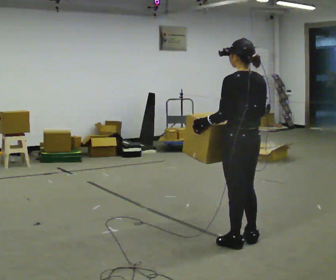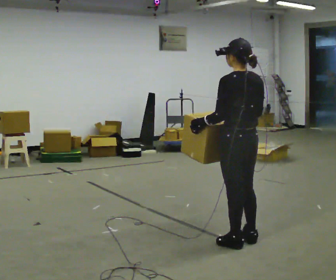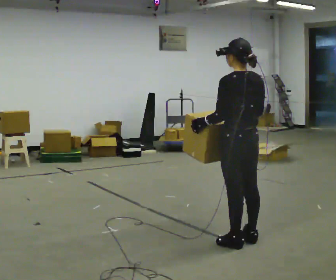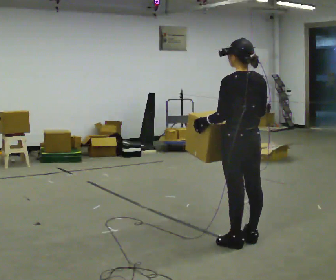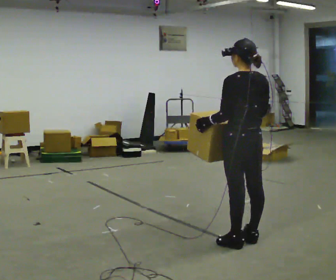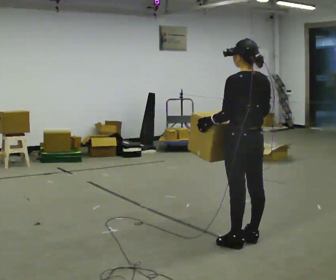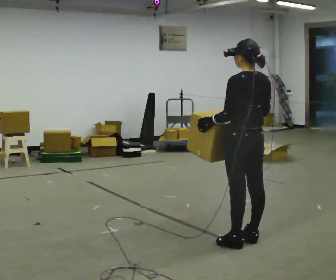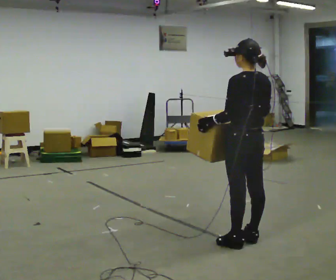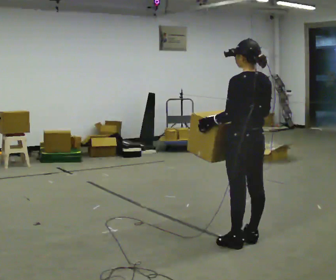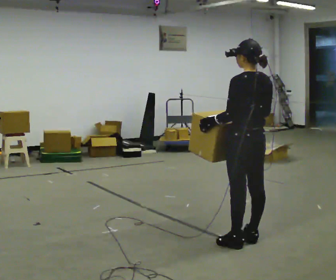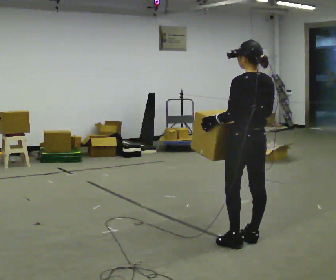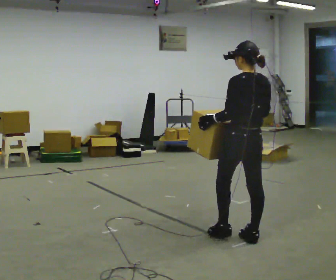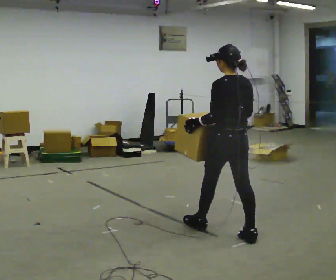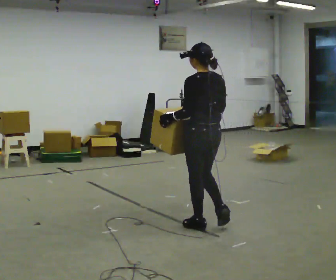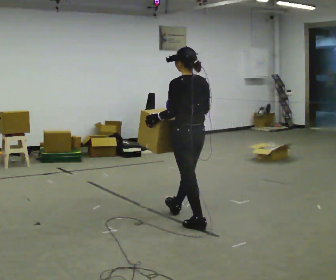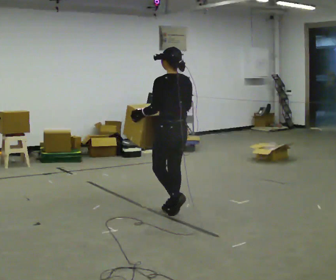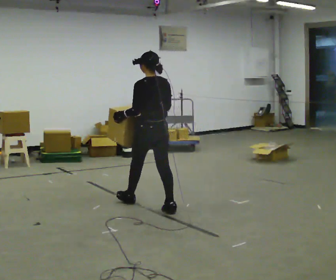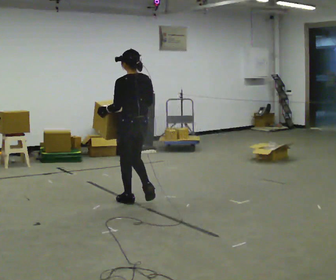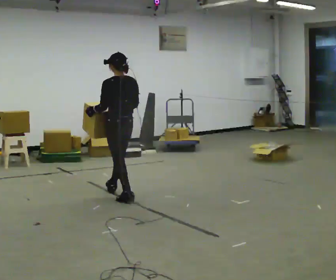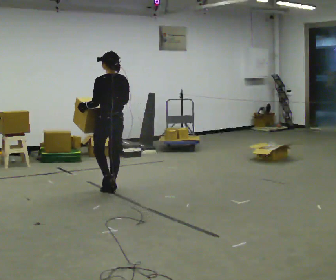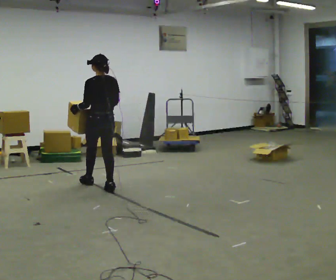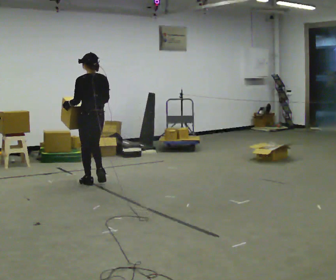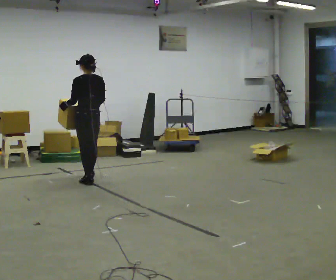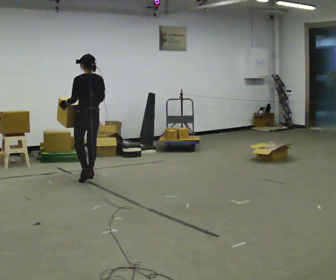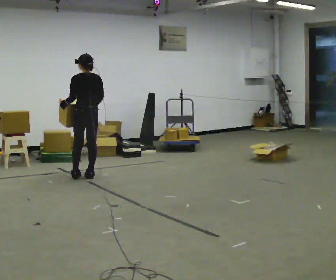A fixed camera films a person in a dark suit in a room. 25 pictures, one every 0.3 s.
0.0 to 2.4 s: The person moves a little, or ends about where they began.
2.4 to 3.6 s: In the picture they go away from the camera and to the left, about 0.25 m in 1 step, which for them is forward.
3.6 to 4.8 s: In the picture they go to the left and away from the camera, about 1 m in 1 step, which for them is forward.
4.8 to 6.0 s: In the picture they go to the left and away from the camera, about 1 m in 3 steps, which for them is forward.
6.0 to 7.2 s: In the picture they go away from the camera and to the left, about 0.5 m in 1 step, which for them is forward.
The film runs forward here.
